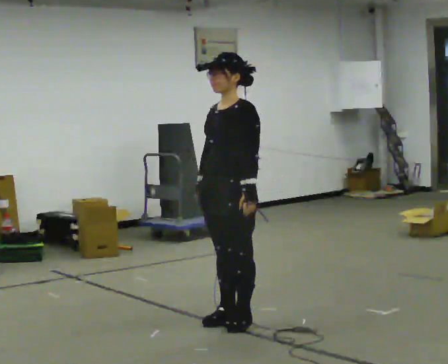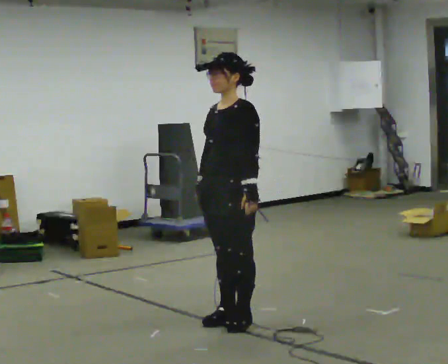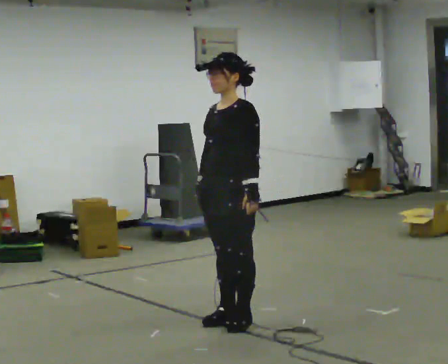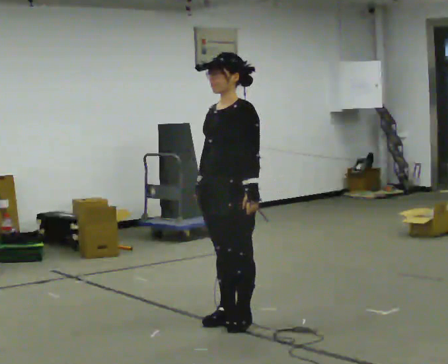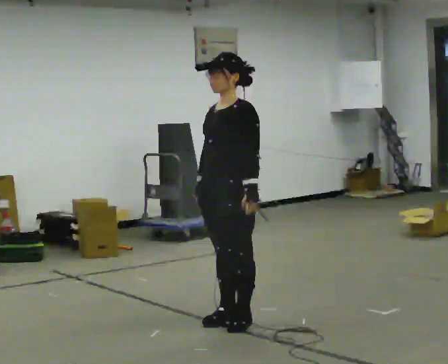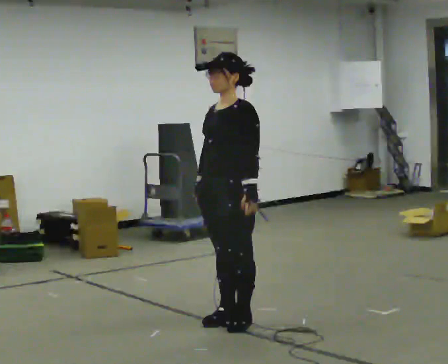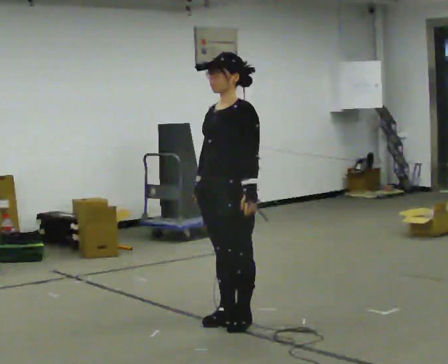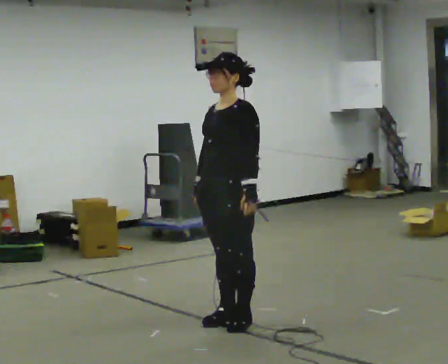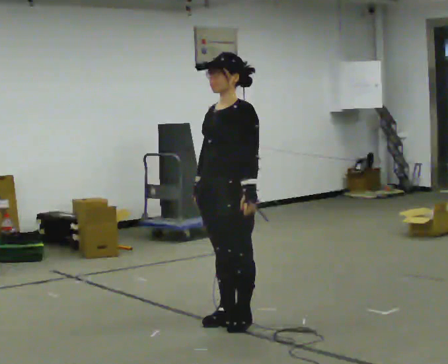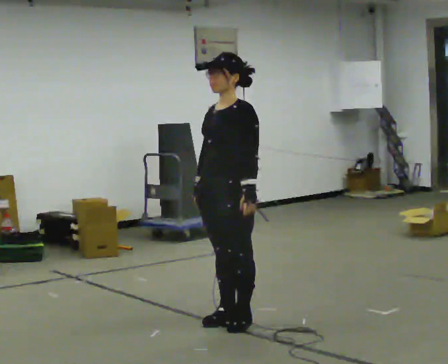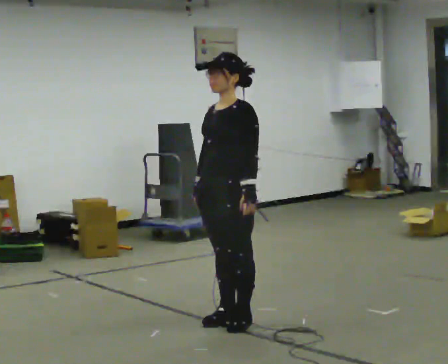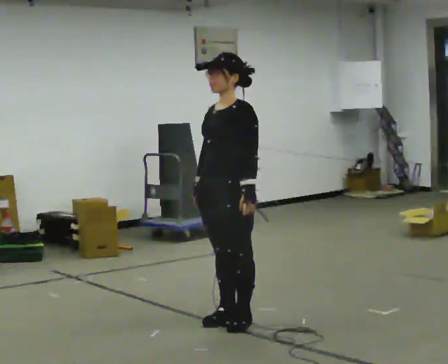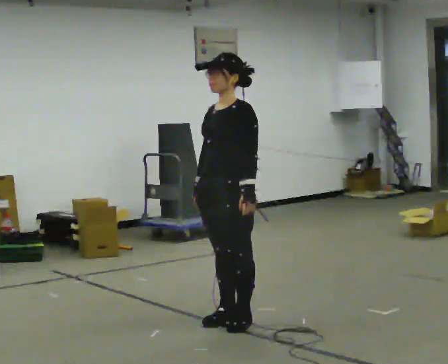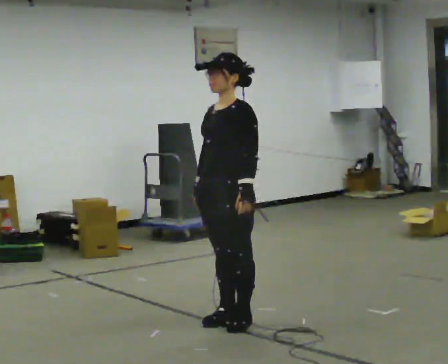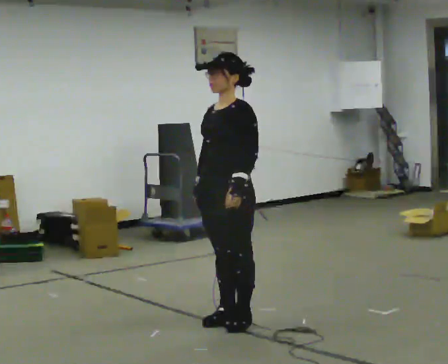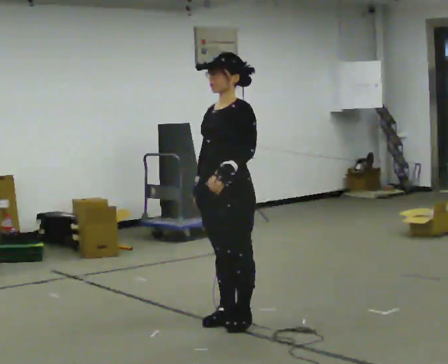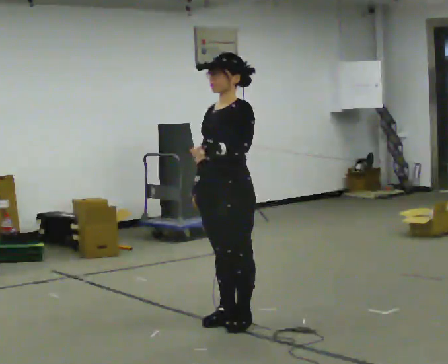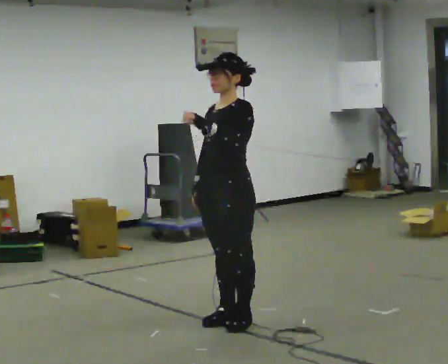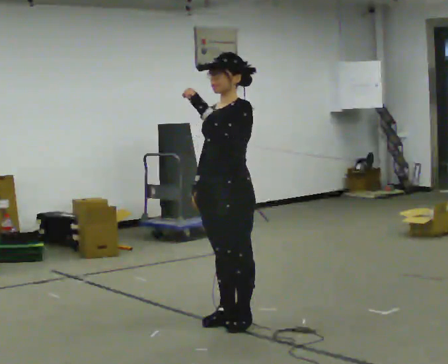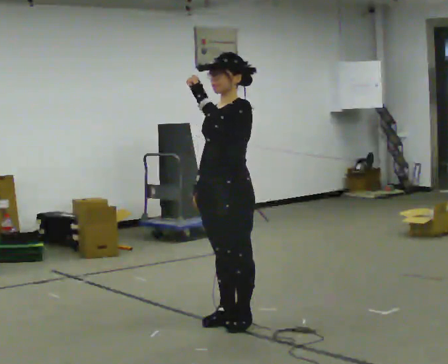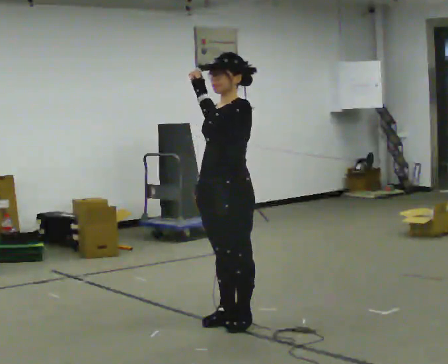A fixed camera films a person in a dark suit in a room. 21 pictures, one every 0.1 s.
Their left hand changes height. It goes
upward.
0.0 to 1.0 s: The person keeps their place and pose.
1.0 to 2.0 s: In the picture their left hand goes upward.
The film runs forward here.
